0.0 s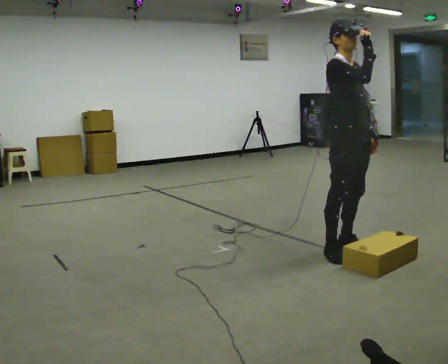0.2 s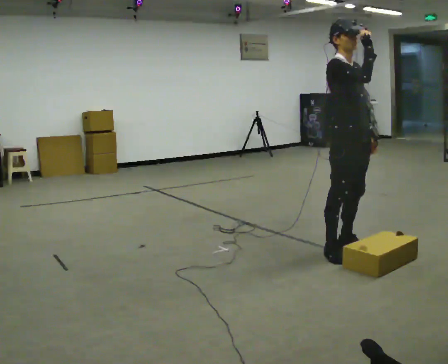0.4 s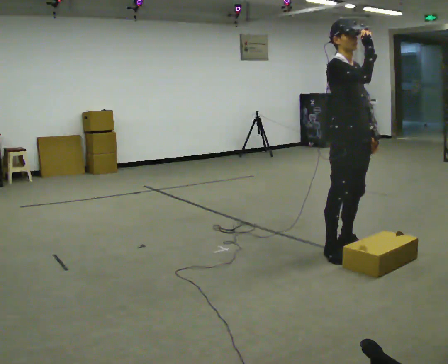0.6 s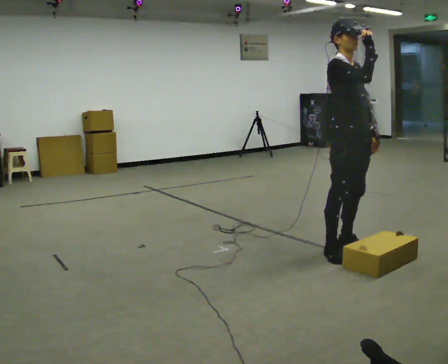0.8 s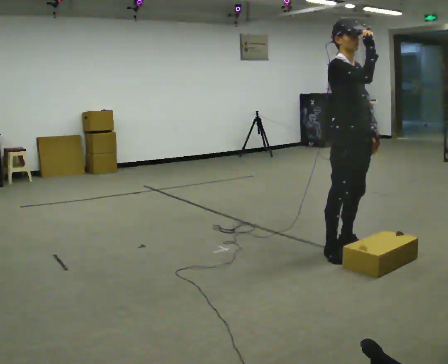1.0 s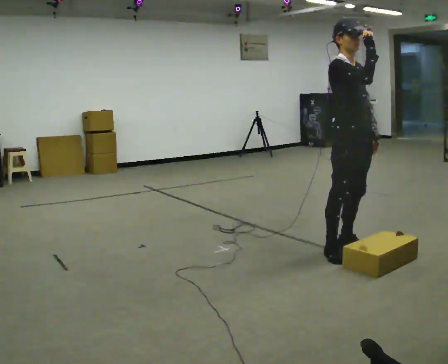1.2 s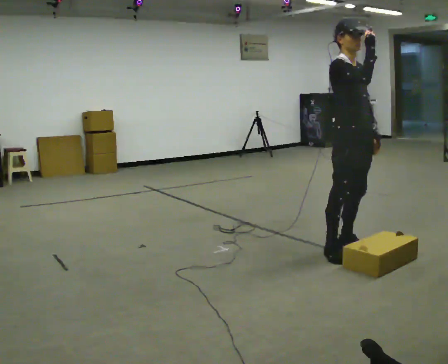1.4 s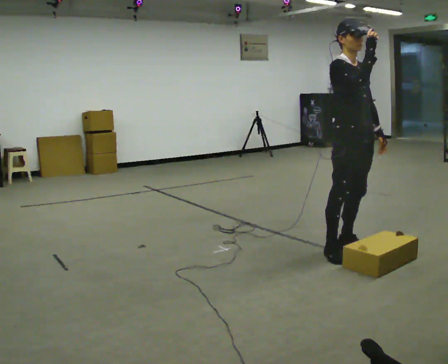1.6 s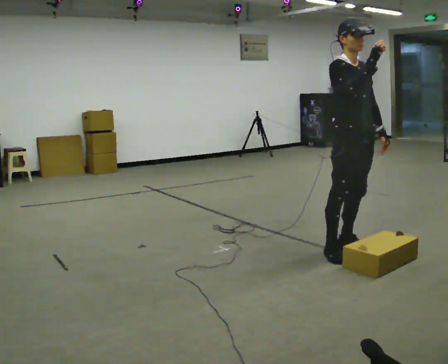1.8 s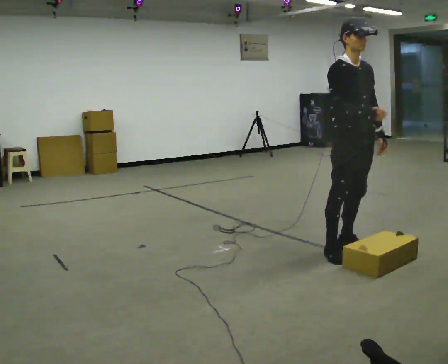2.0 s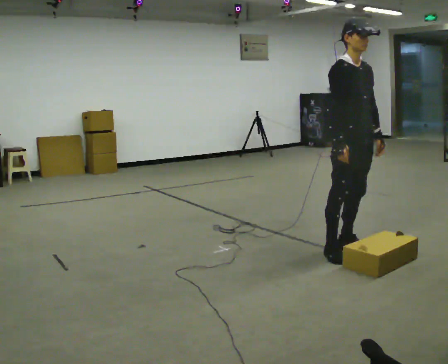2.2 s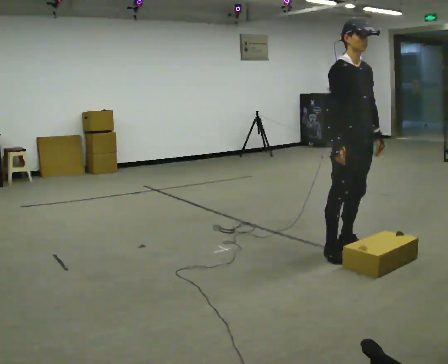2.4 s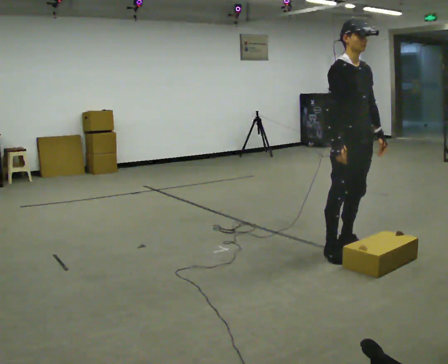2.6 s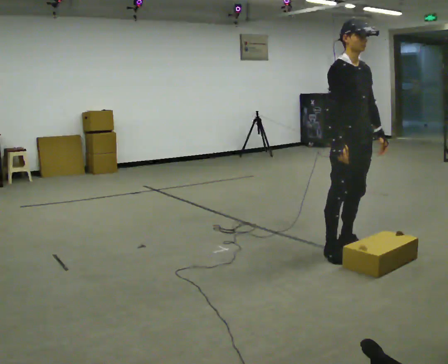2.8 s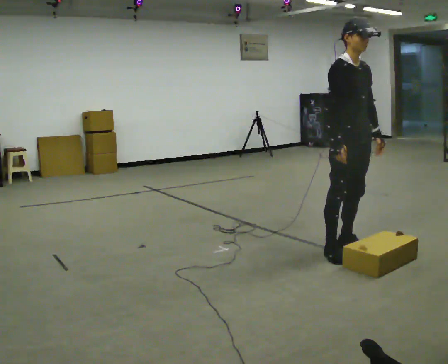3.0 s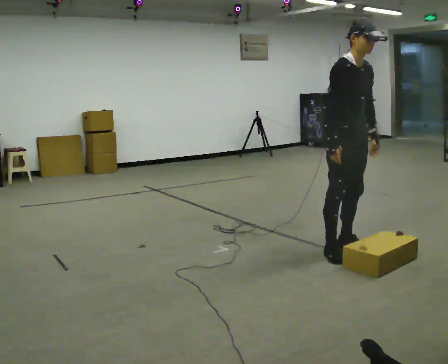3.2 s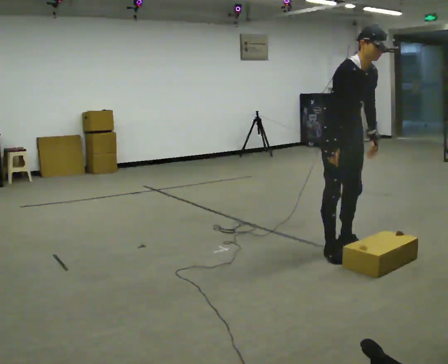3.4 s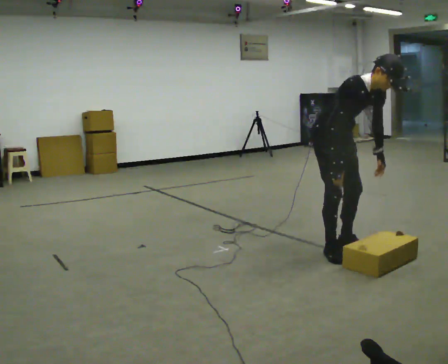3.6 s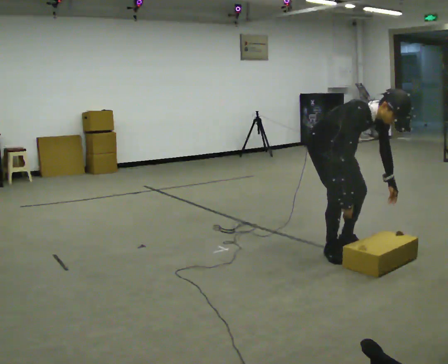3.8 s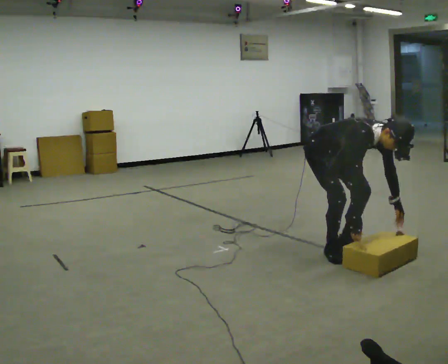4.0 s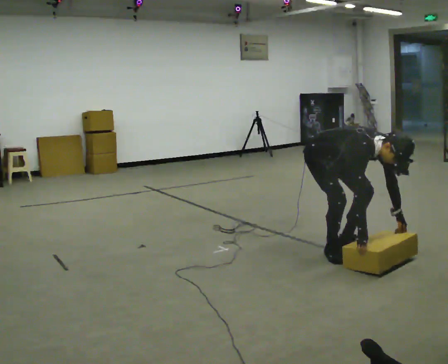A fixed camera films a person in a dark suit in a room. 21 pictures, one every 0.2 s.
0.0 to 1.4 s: The person moves a little, or ends about where they began.
1.4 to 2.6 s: In the picture their right hand goes downward.
2.6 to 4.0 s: In the picture they go to the left, about 0.25 m, which for them is backward. The shoulders move downward. In the picture the upper body tilts clockwise, shoulders to the right, as they bend forward. In the picture their right hand goes downward.
The film runs backward here.
